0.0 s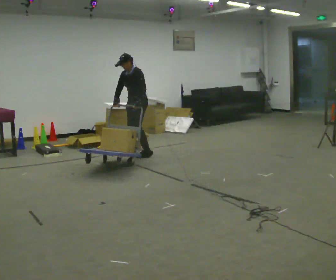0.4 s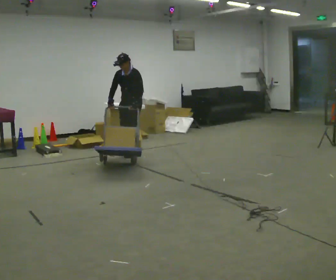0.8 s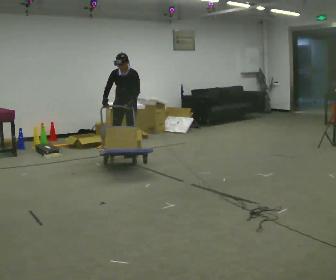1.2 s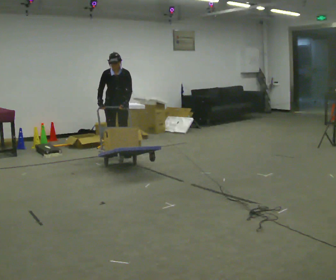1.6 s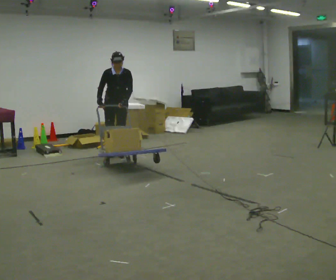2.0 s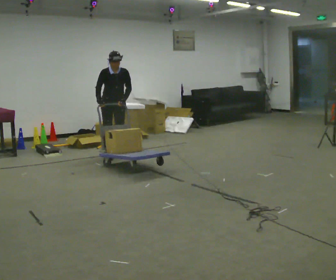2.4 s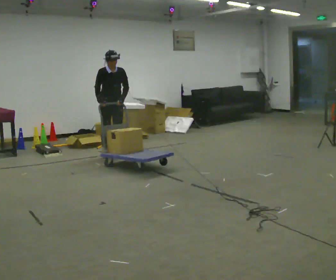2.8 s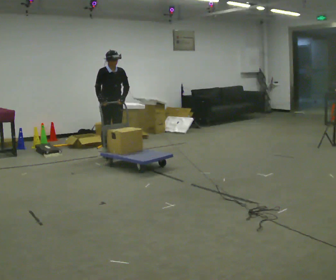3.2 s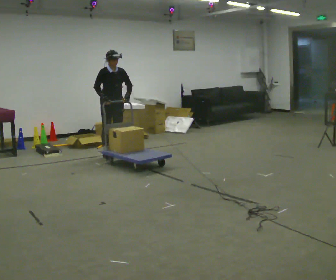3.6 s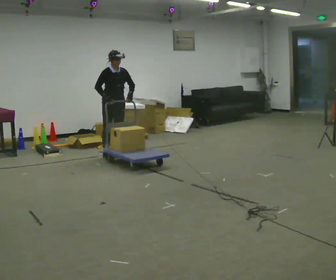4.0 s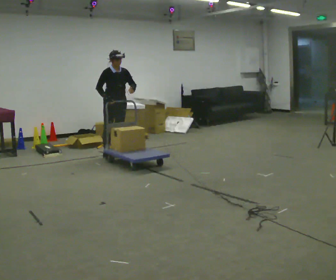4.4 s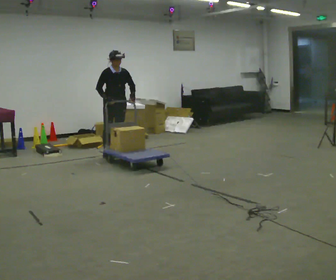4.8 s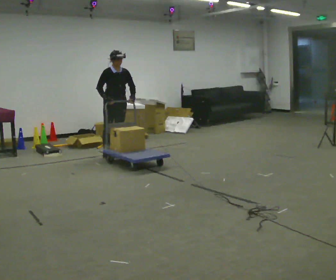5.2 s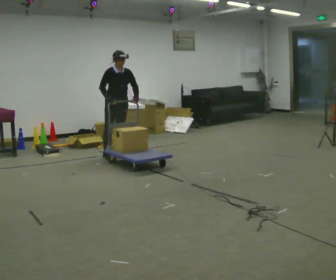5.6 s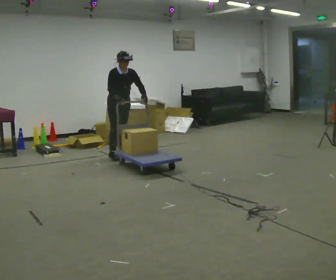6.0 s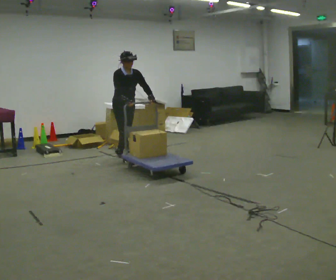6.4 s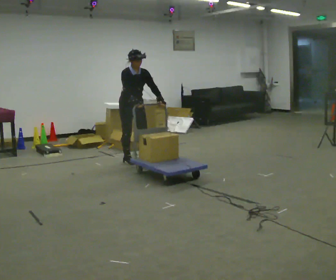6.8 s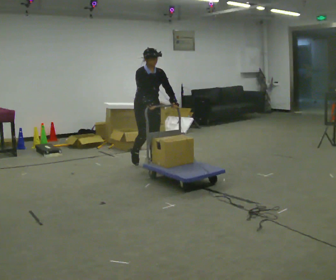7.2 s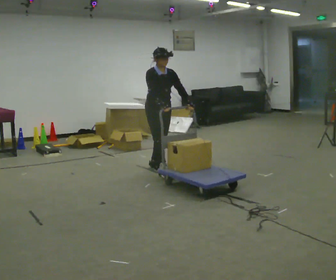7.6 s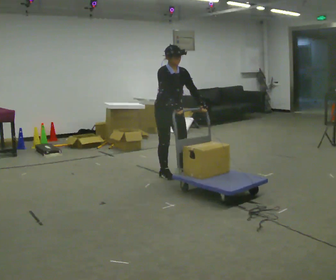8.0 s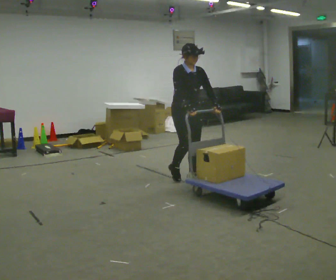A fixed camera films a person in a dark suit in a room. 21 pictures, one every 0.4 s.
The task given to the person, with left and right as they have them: Stand still with your hands on the cart. When the operator says go, get it moving, push it a few metres, then bring it to a stop. Repeat until the operator says stop.
0.0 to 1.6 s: The part of the body nearest the lens slides to the right as the person turns to their left by about 60 degrees. In the picture they go to the left, about 0.25 m in 3 steps, which for them is to their right and forward. In the picture the upper body tilts clockwise, shoulders to the right.
1.6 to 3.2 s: The person turns about 30 degrees to their left, counterclockwise seen from above, so the part of the body nearest the lens slides to the right.
3.2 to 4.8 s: The person moves a little, or ends about where they began.
4.8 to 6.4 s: In the picture they go toward the camera and to the right, about 0.5 m in 1 step, which for them is forward.
6.4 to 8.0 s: In the picture they go toward the camera and to the right, about 1 m in 3 steps, which for them is forward.
The film runs forward here.
